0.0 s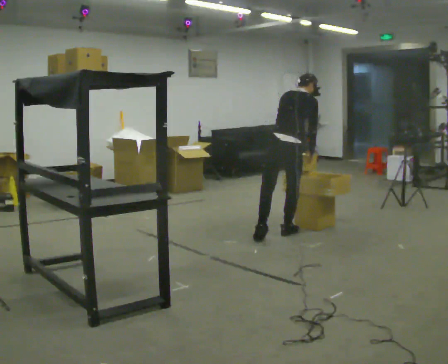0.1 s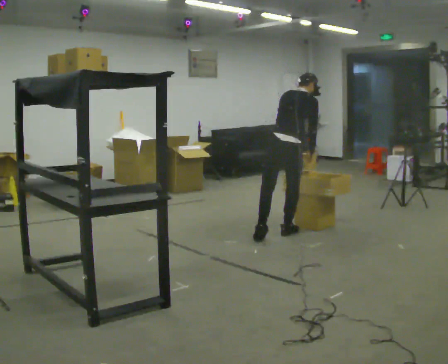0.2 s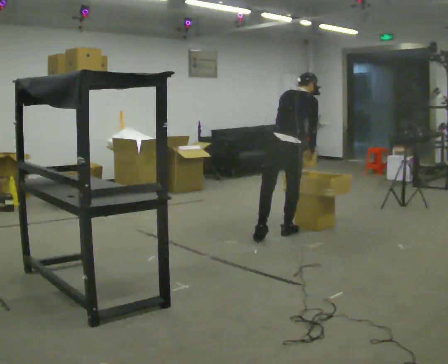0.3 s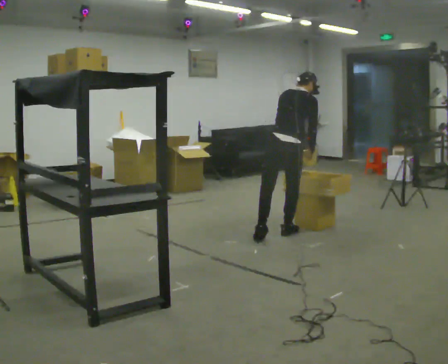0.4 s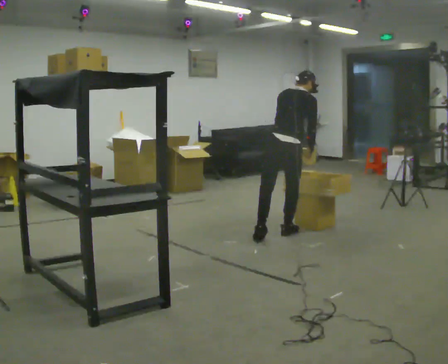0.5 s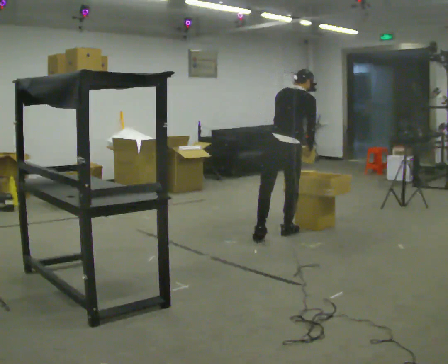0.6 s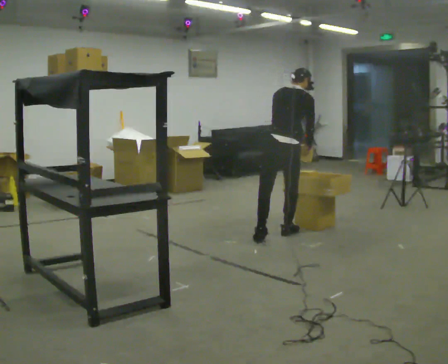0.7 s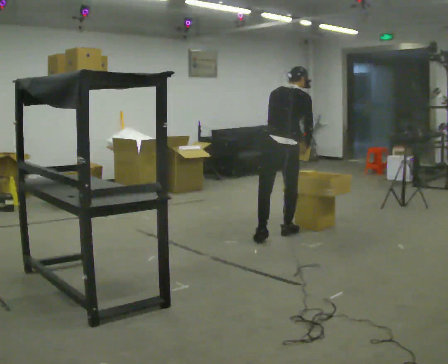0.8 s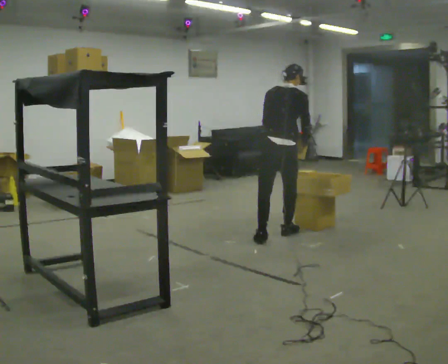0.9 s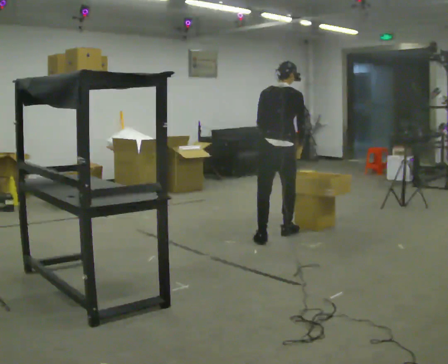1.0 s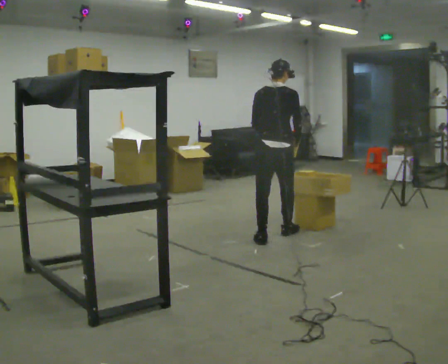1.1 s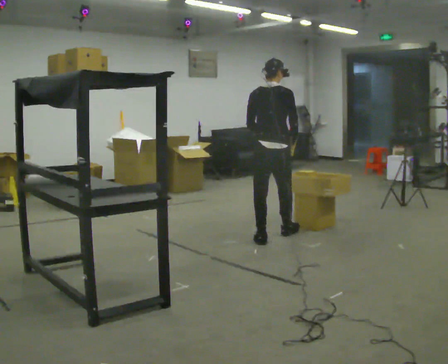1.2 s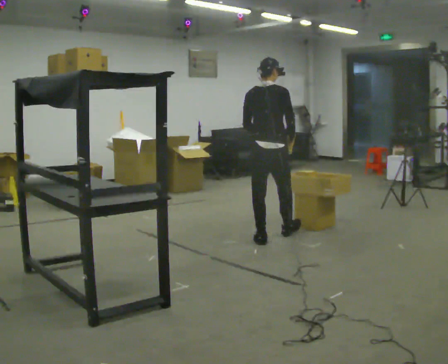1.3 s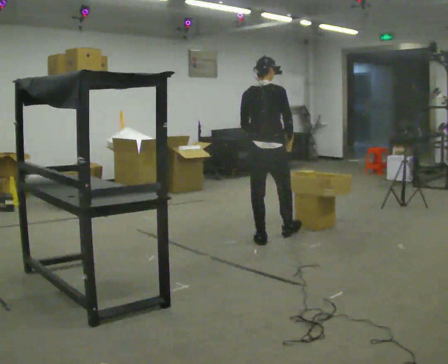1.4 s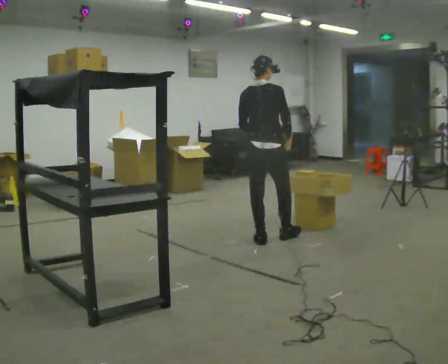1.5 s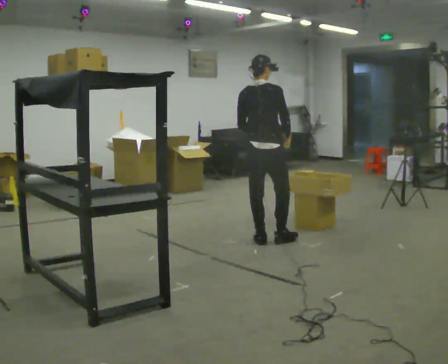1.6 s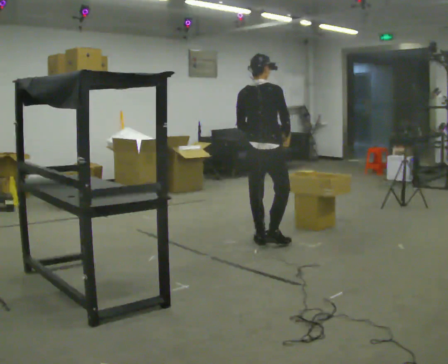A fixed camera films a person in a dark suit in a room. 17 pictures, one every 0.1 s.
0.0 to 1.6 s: In the picture they go toward the camera and to the left, about 0.5 m in 1 step, which for them is backward and to their left. The upper body tips toward the camera, its near side rolling downward, as they lean back or straighten.
The film runs backward here.
